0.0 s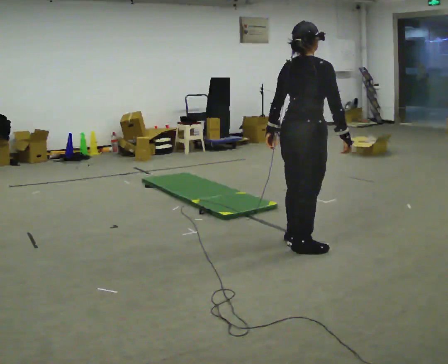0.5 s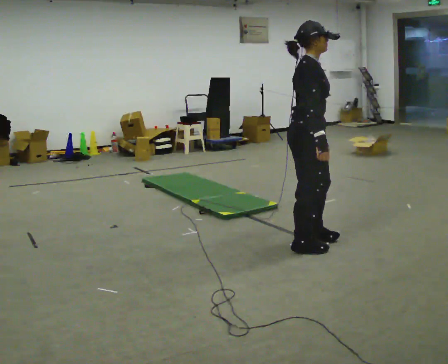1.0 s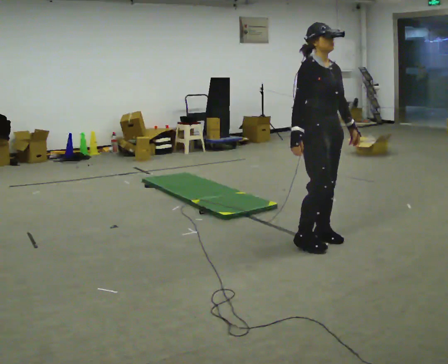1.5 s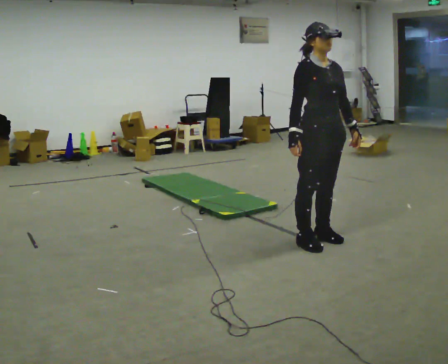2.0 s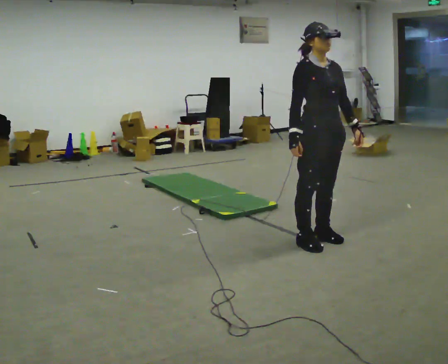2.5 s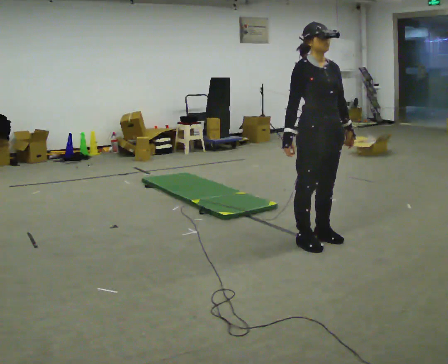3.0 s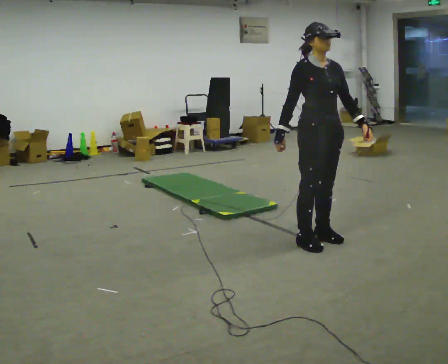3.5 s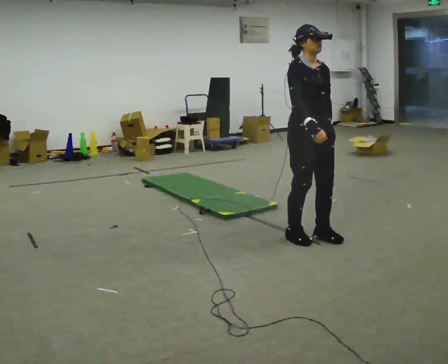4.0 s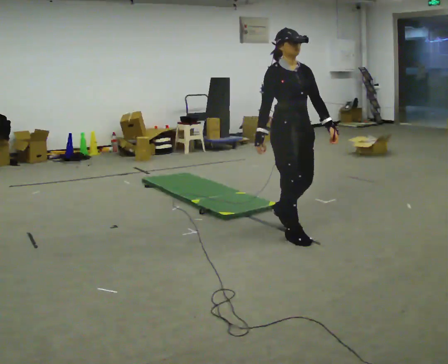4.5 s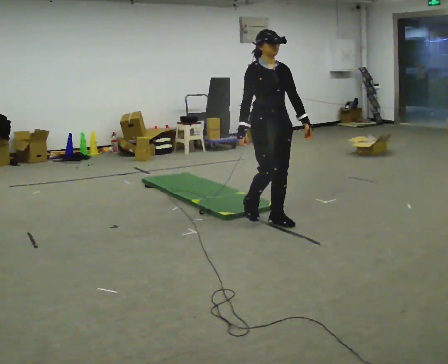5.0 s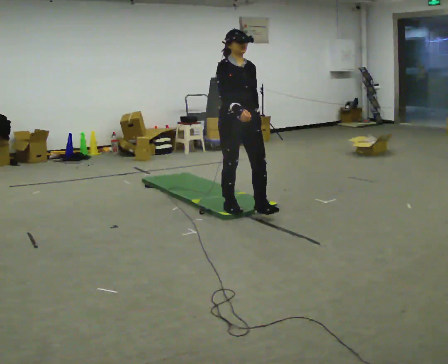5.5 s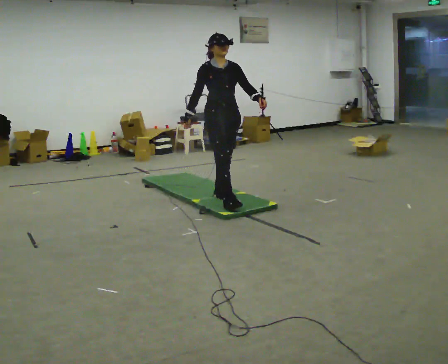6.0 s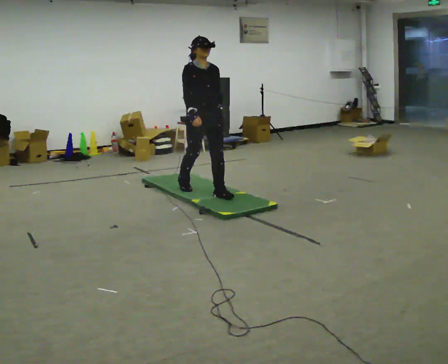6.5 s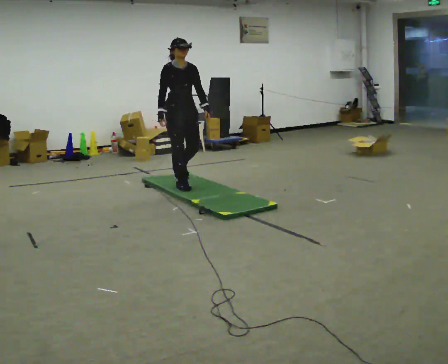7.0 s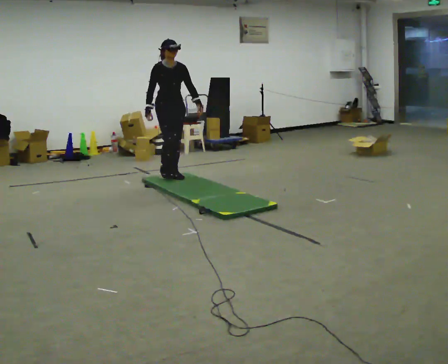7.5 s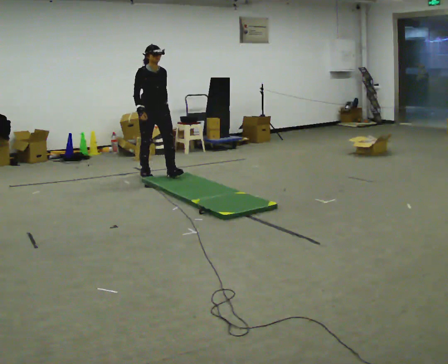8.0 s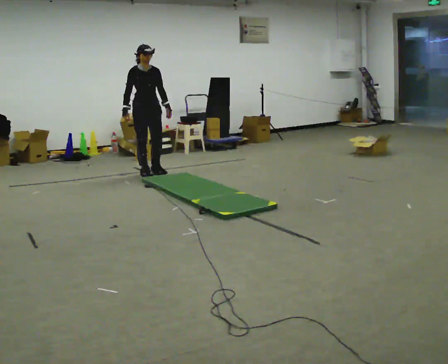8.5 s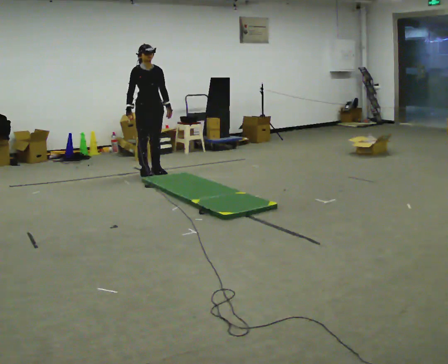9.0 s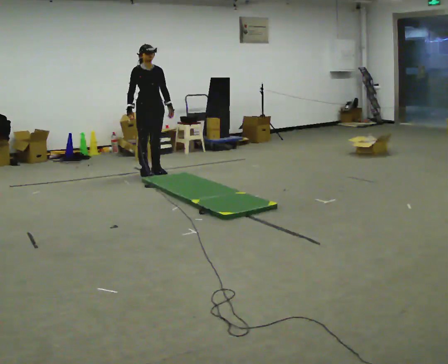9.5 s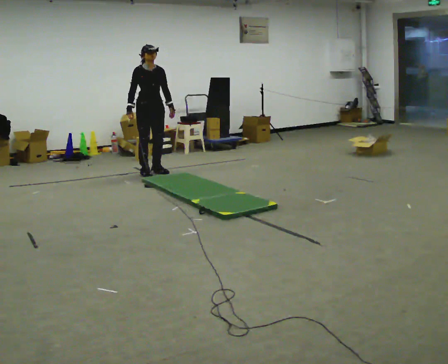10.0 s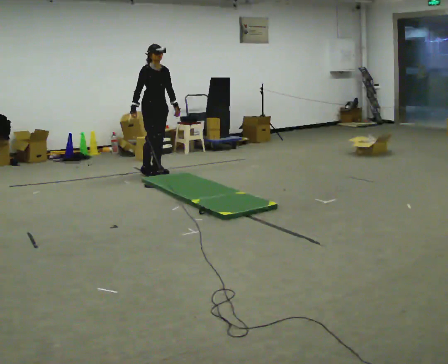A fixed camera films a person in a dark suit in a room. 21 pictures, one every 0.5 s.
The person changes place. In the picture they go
away from the camera.
0.0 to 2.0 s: The person turns about 105 degrees to their right, clockwise seen from above, so the part of the body nearest the lens slides to the left. In the picture their left hand goes to the right, the arm swinging counterclockwise.
2.0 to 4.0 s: In the picture they go away from the camera and to the left, about 0.25 m in 2 steps, which for them is backward.
4.0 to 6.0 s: In the picture they go away from the camera and to the left, about 1.5 m in 3 steps, which for them is backward.
6.0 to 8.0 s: In the picture they go away from the camera and to the left, about 1.5 m in 3 steps, which for them is backward.
8.0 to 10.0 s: The person moves a little, or ends about where they began.
The film runs backward here.
